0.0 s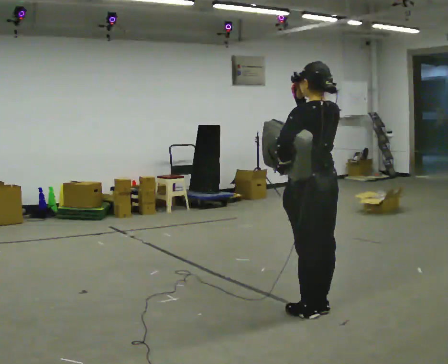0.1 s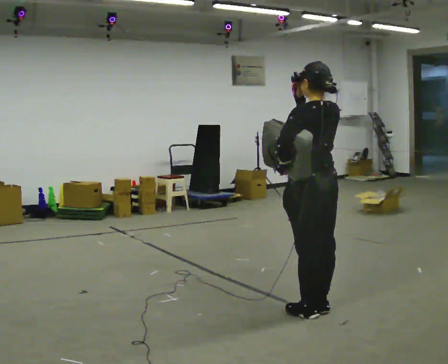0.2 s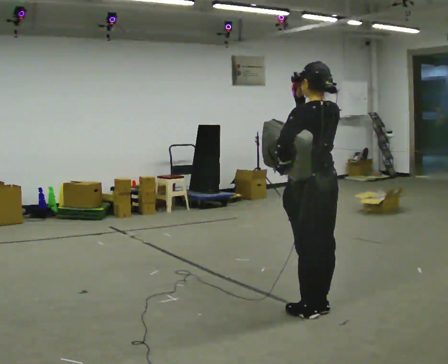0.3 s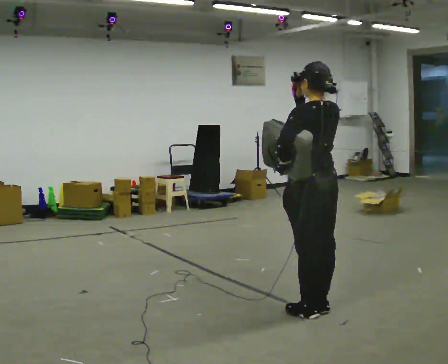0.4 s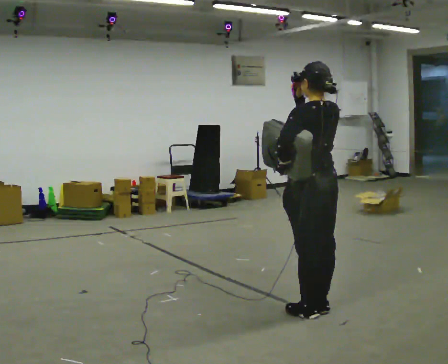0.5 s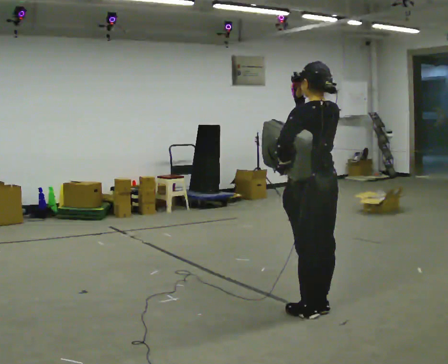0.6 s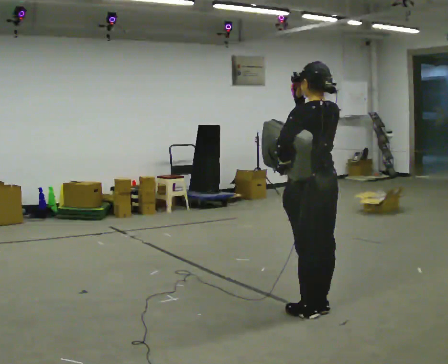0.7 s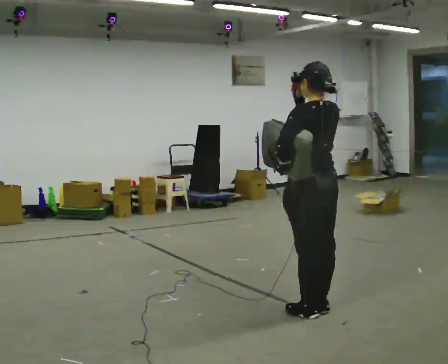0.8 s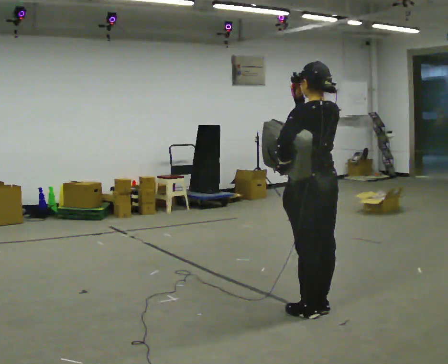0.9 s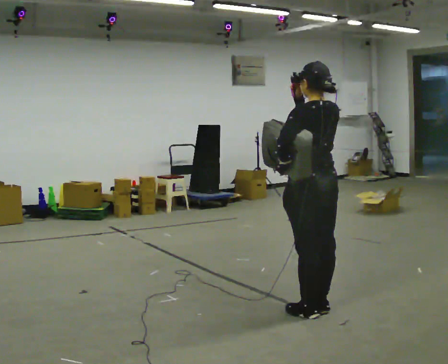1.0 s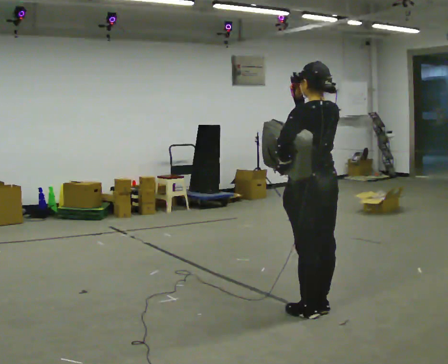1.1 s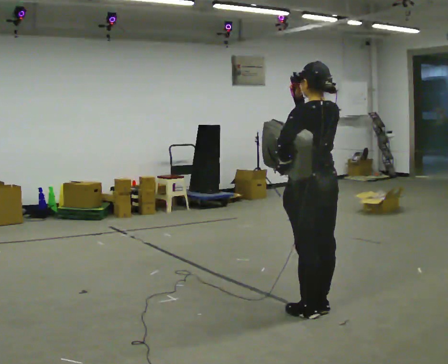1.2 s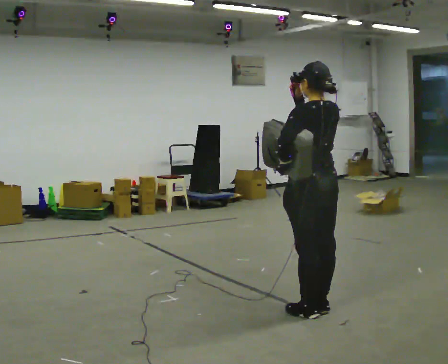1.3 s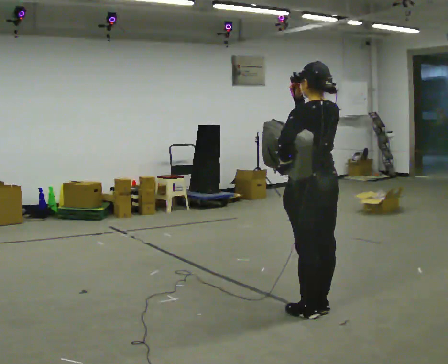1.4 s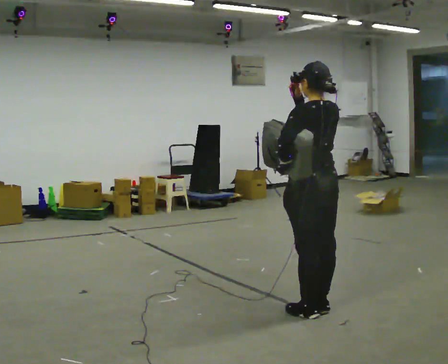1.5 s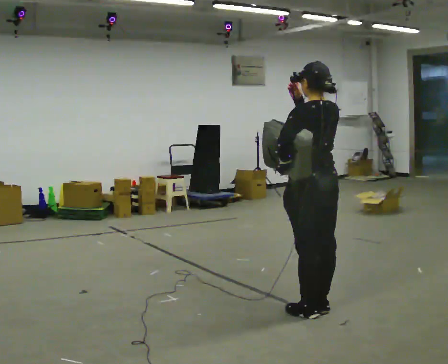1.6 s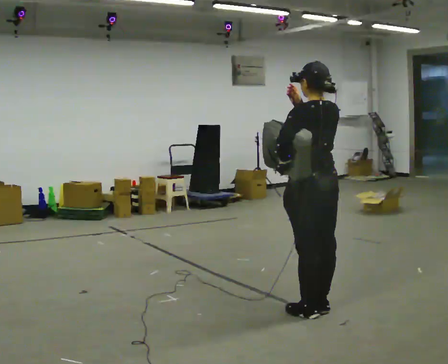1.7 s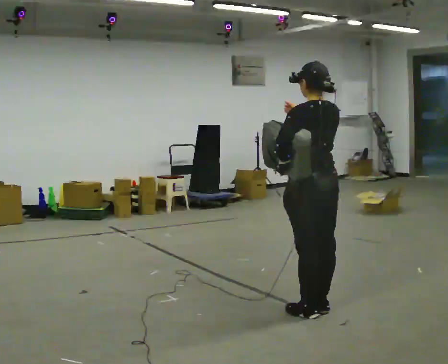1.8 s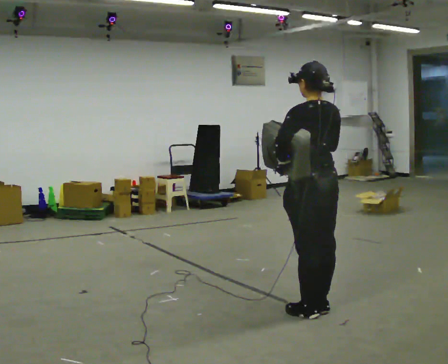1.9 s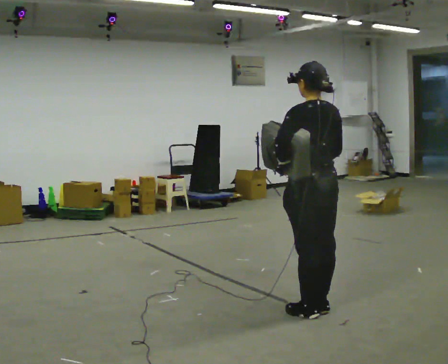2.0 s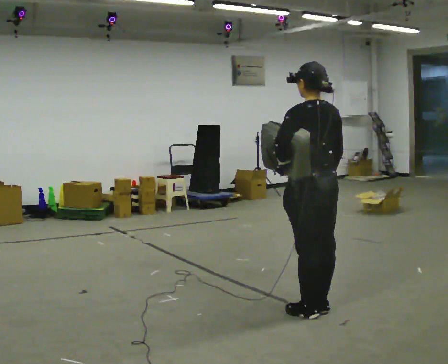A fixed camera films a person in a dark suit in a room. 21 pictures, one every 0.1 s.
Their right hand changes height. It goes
downward.
0.0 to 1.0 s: The person keeps their place and pose.
1.0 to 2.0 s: In the picture their right hand goes downward.
The film runs backward here.
